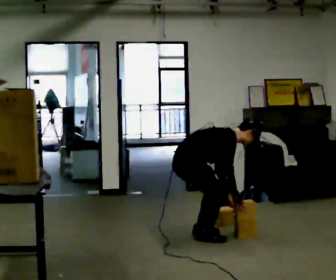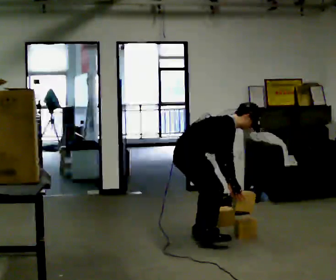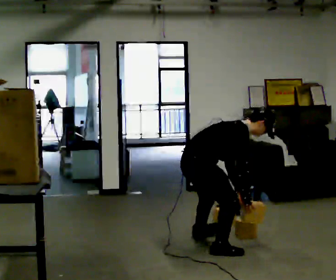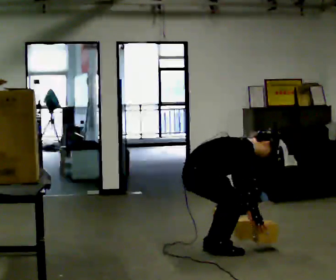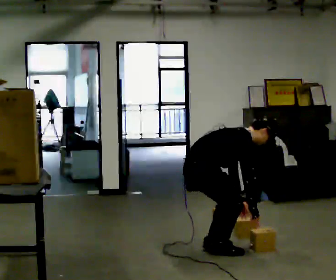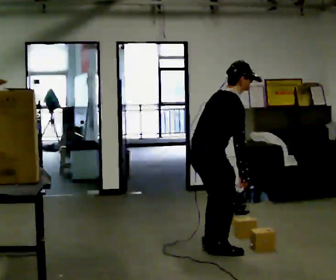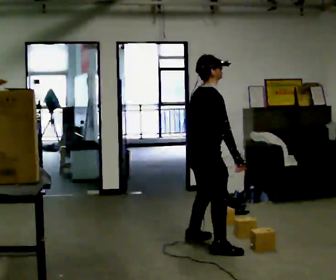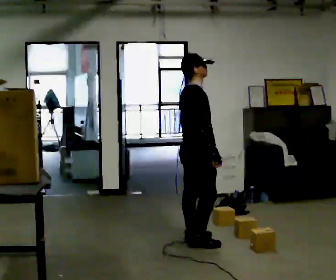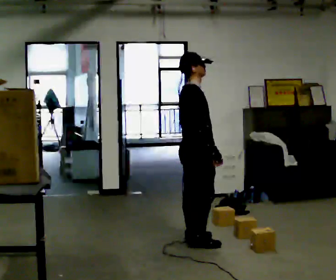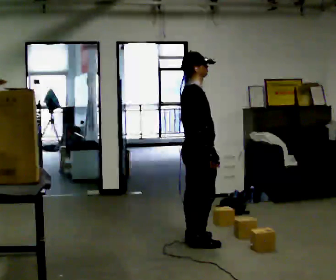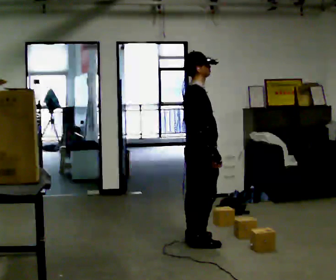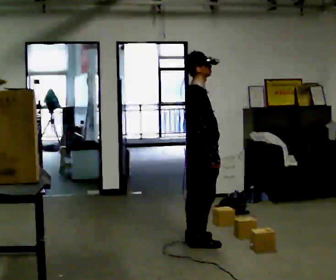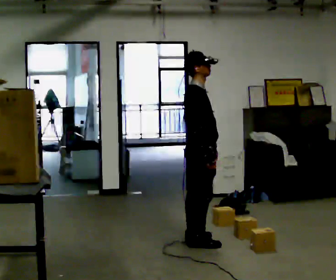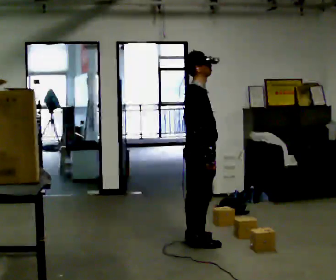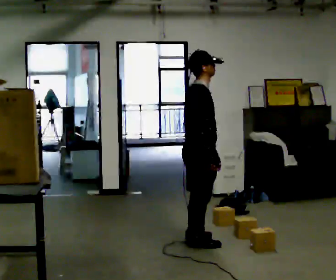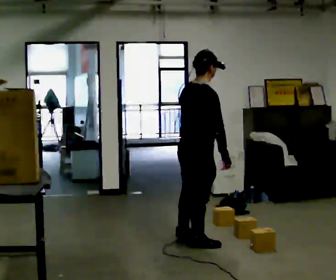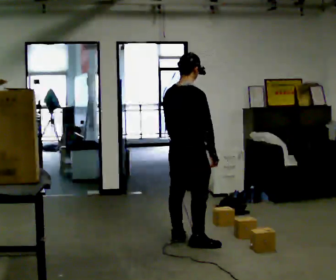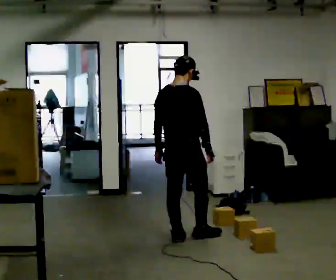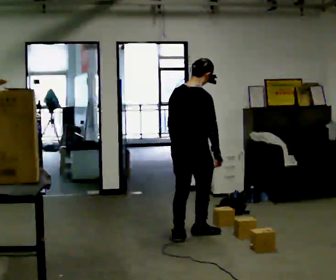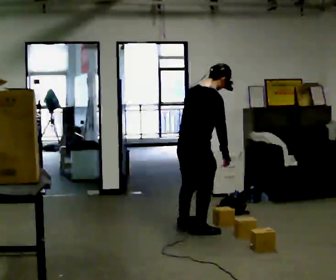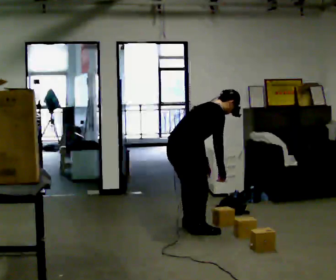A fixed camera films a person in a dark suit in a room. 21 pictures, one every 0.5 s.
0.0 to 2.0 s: In the picture they go toward the camera, about 0.5 m in 2 steps, which for them is to their right.
2.0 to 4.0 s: In the picture they go away from the camera, about 0.25 m in 2 steps, which for them is to their left and forward. The shoulders move upward. In the picture the upper body tilts counterclockwise, shoulders to the left, as they lean back or straighten. In the picture their right hand goes upward.
4.0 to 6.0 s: The person moves a little, or ends about where they began.
6.0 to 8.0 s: The person turns about 60 degrees to their left, counterclockwise seen from above, so the part of the body nearest the lens slides to the right. In the picture their left hand goes to the left.
8.0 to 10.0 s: In the picture they go away from the camera, about 0.25 m in 2 steps, which for them is forward and to their left. The upper body goes downward. In the picture the upper body tilts clockwise, shoulders to the right, as they bend forward.
The film runs forward here.
